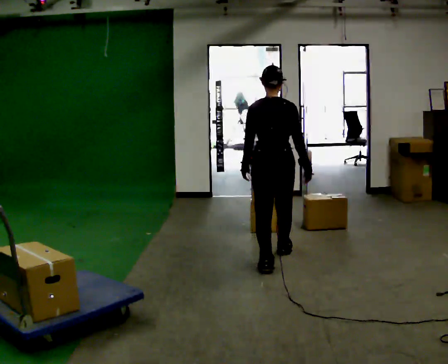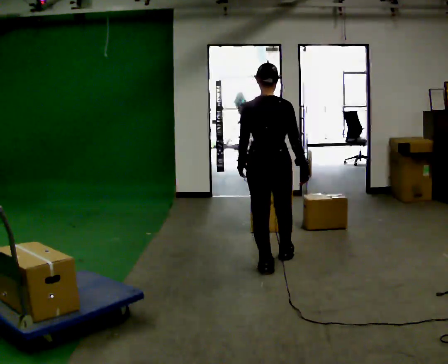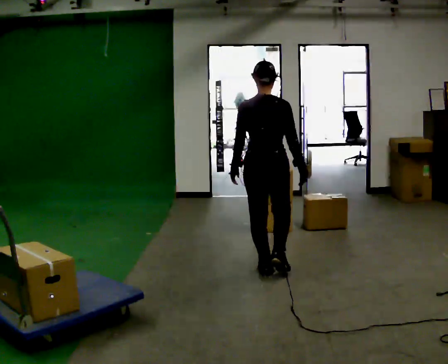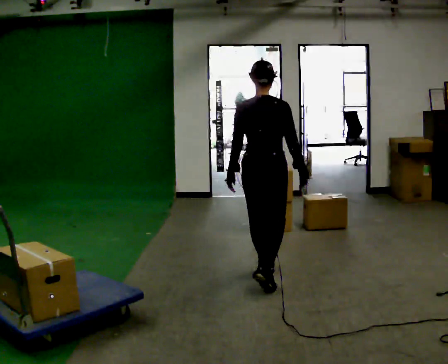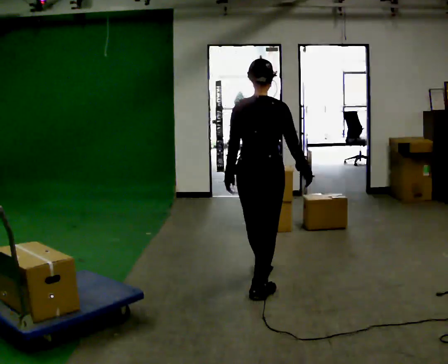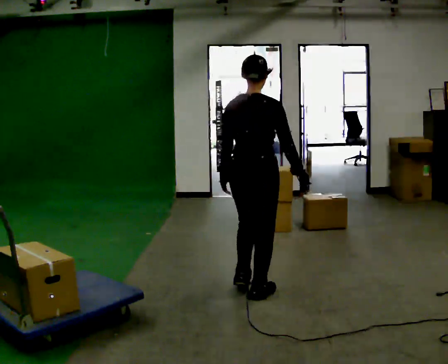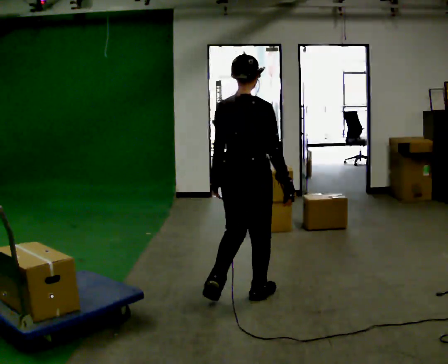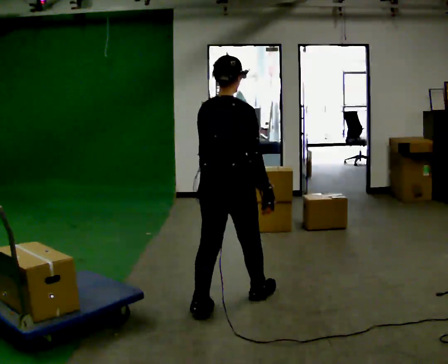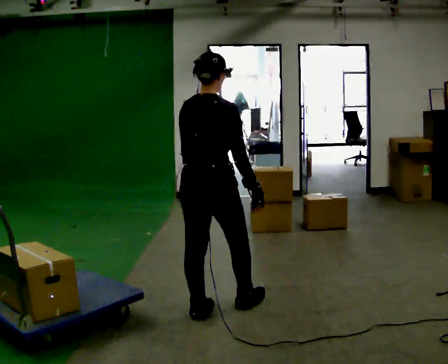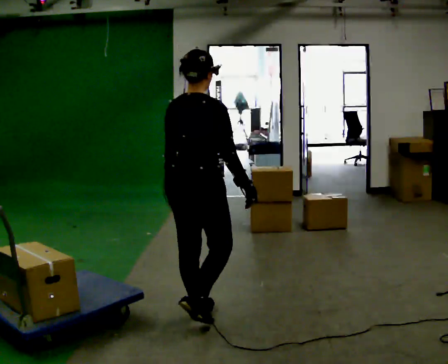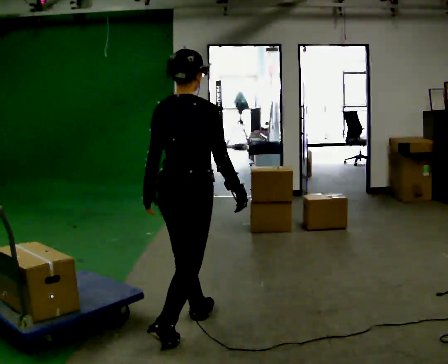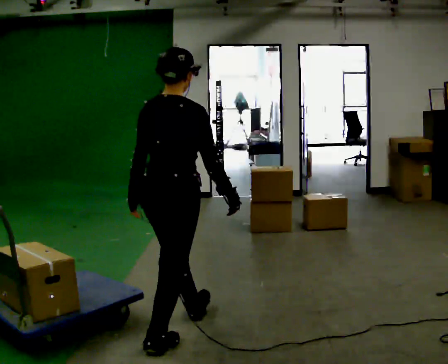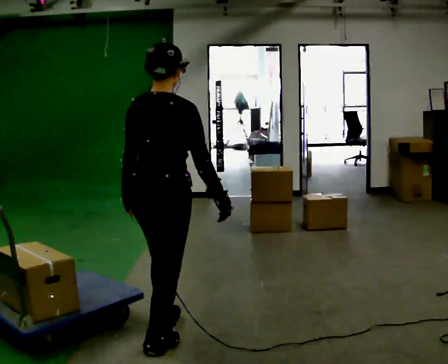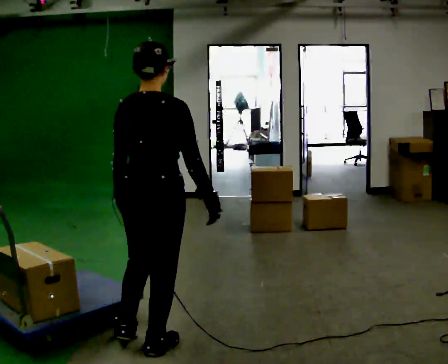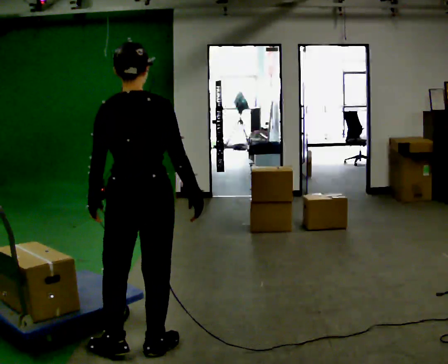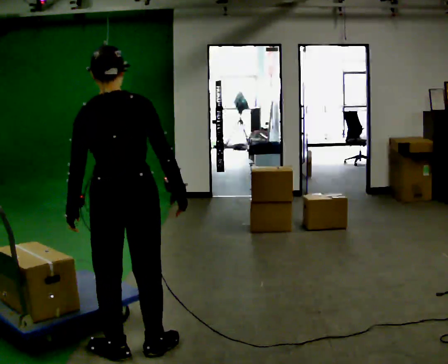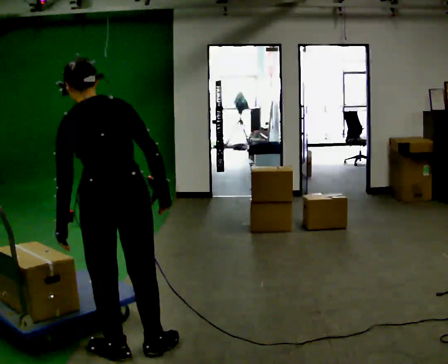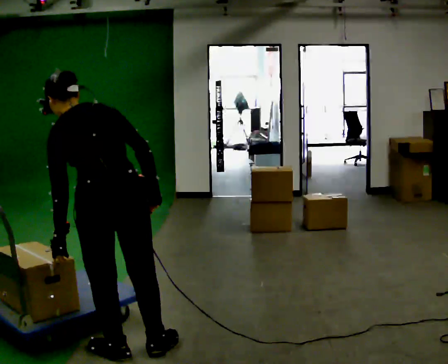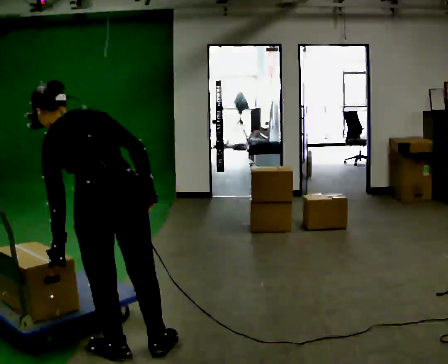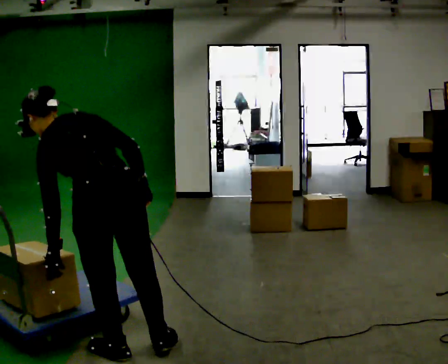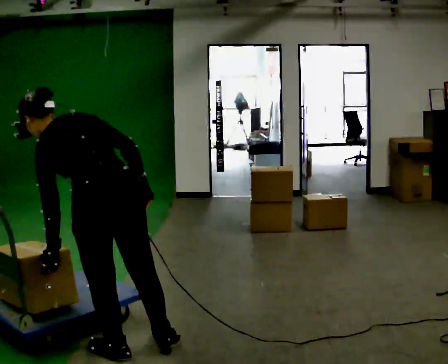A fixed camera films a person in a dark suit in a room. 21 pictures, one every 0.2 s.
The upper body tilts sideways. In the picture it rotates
counterclockwise.
The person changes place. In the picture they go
toward the camera.
0.0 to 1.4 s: In the picture they go toward the camera and to the left, about 1 m in 2 steps, which for them is backward.
1.4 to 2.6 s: In the picture they go toward the camera and to the left, about 0.75 m in 2 steps, which for them is backward.
2.6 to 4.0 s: The part of the body nearest the lens slides to the right as the person turns to their left by about 60 degrees. In the picture they go to the left and toward the camera, about 0.25 m, which for them is to their left. In the picture the upper body tilts counterclockwise, shoulders to the left, as they bend forward.
The film runs backward here.
